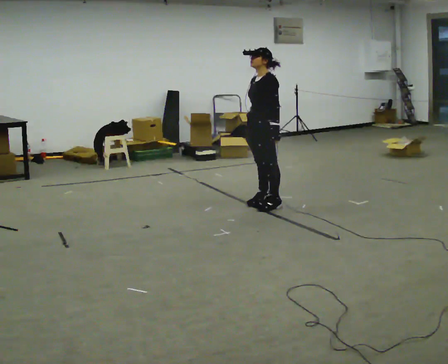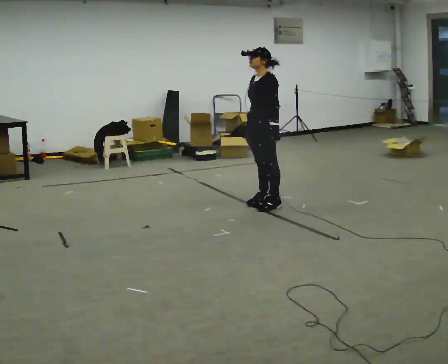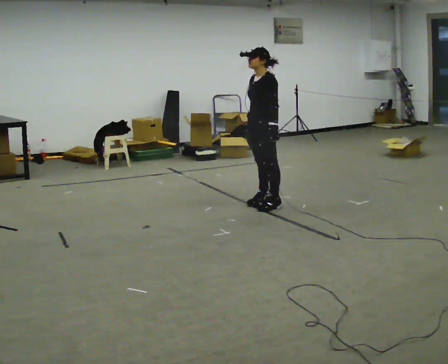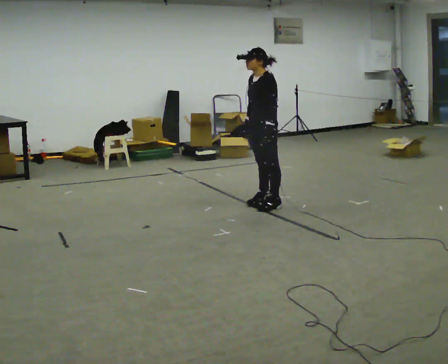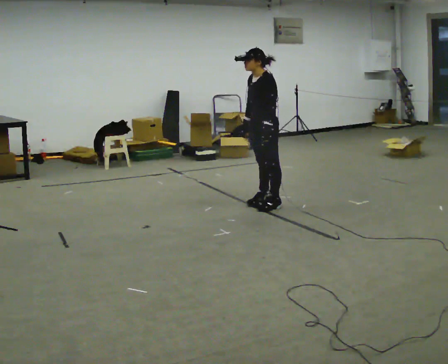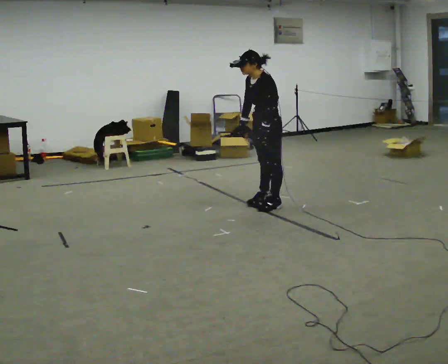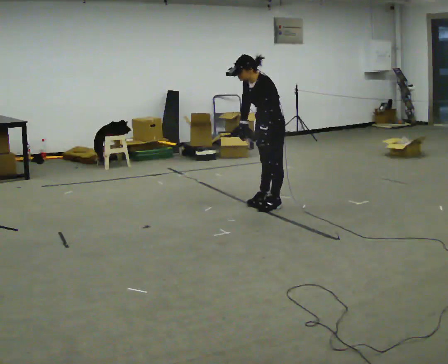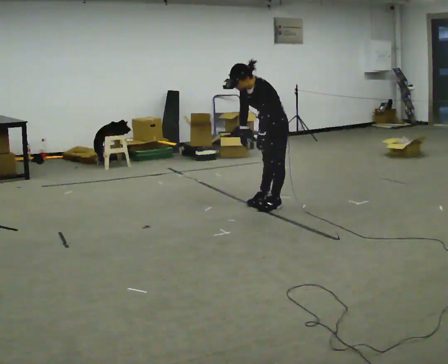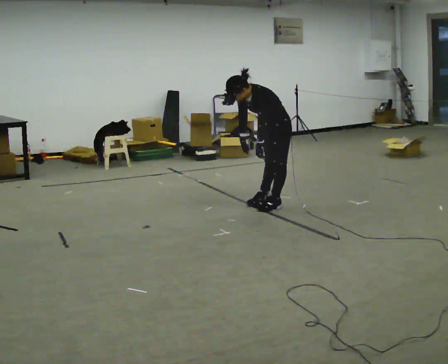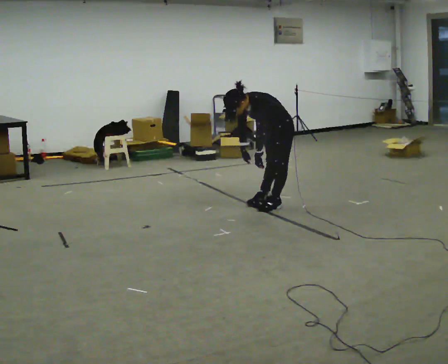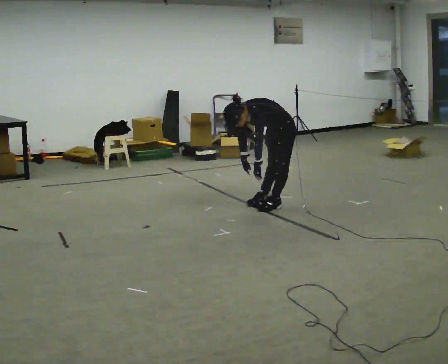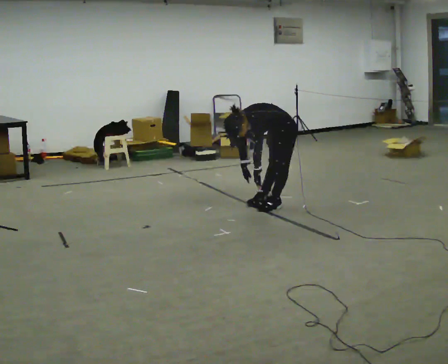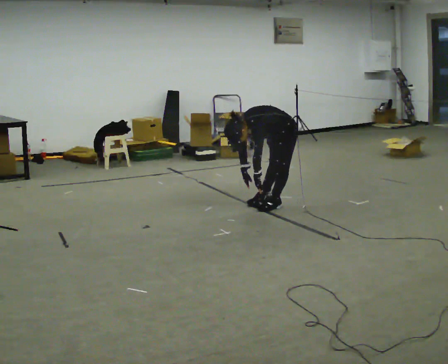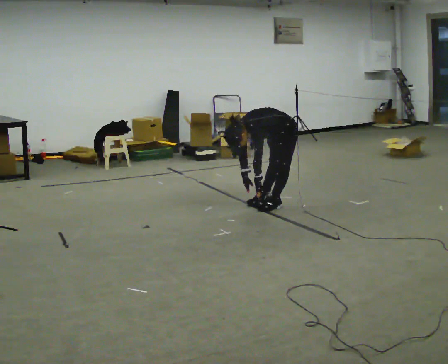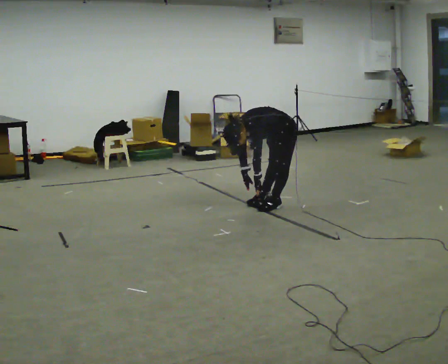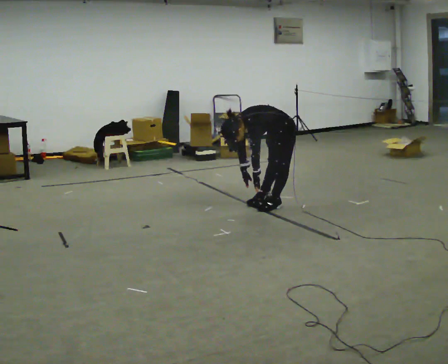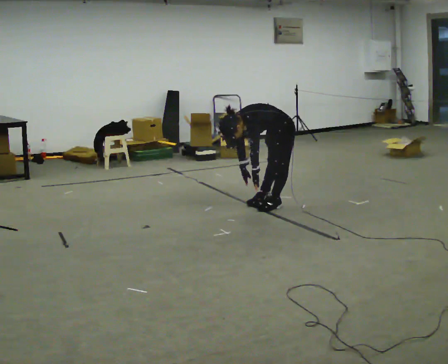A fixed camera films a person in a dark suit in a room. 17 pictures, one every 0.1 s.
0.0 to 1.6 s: In the picture they go to the right, about 0.25 m, which for them is backward. The shoulders move downward. In the picture the upper body tilts counterclockwise, shoulders to the left, as they bend forward. In the picture their right hand goes downward.
The film runs backward here.
